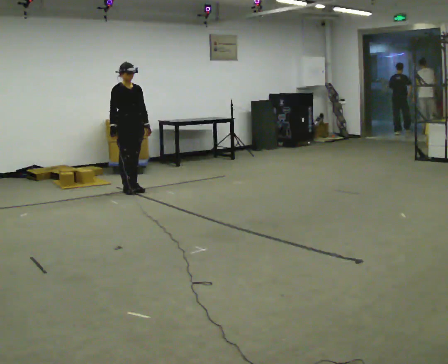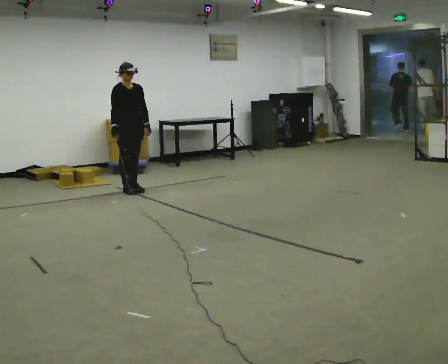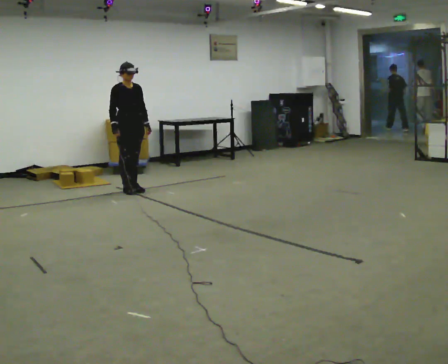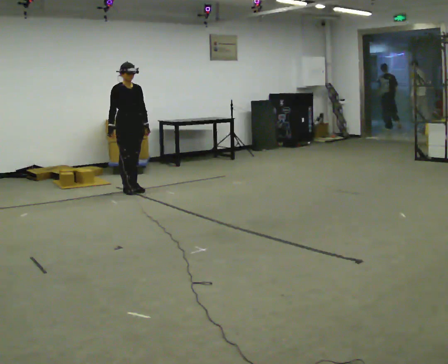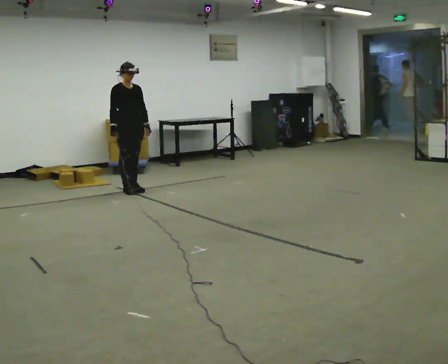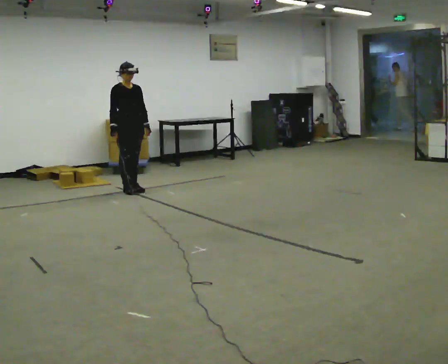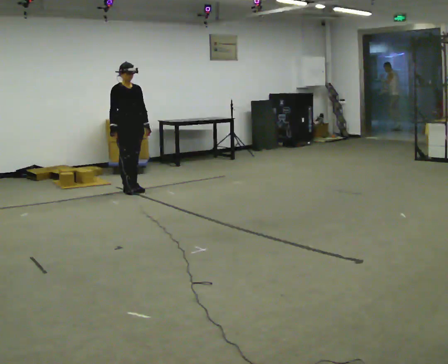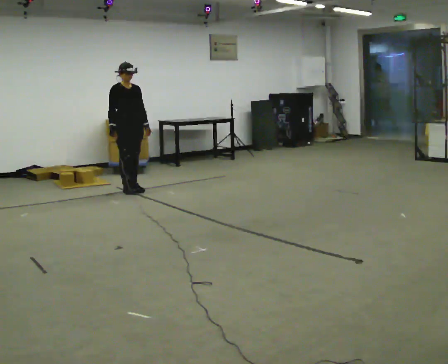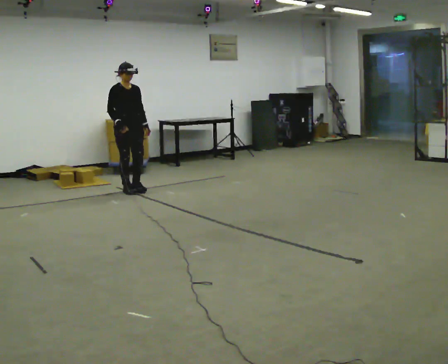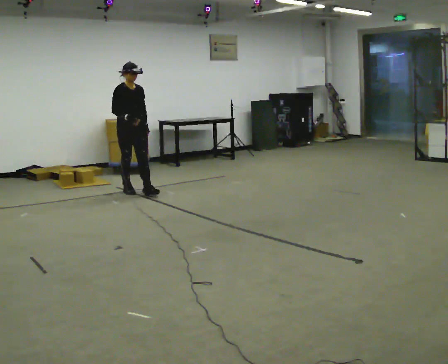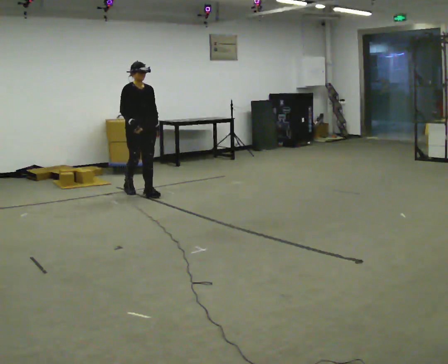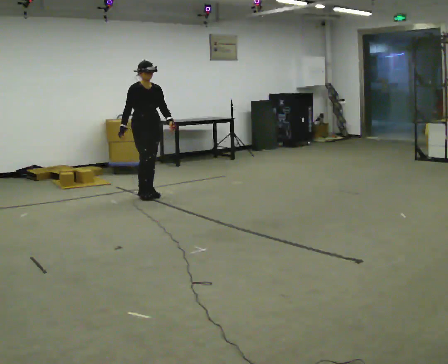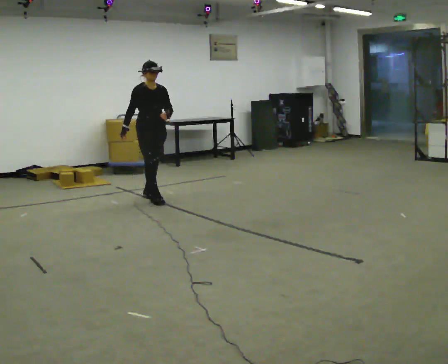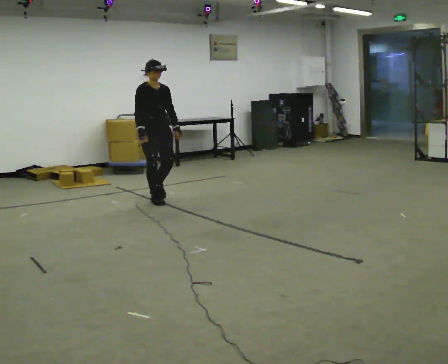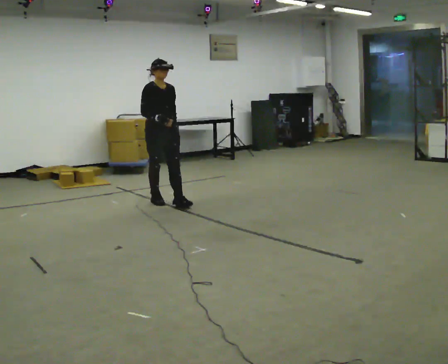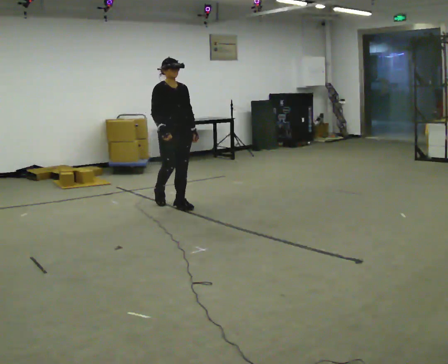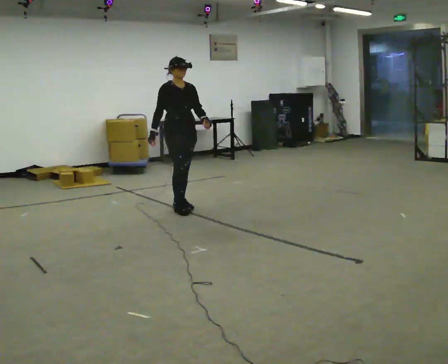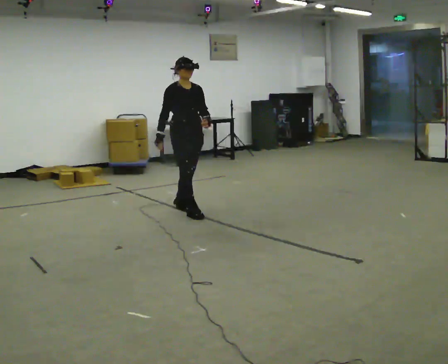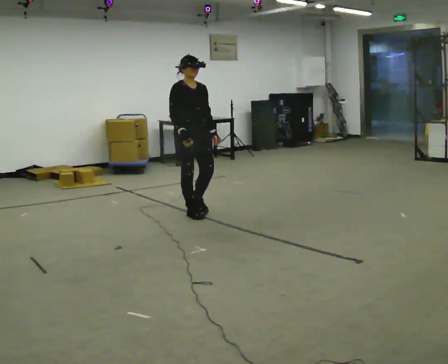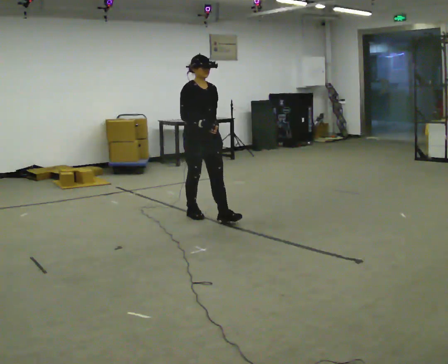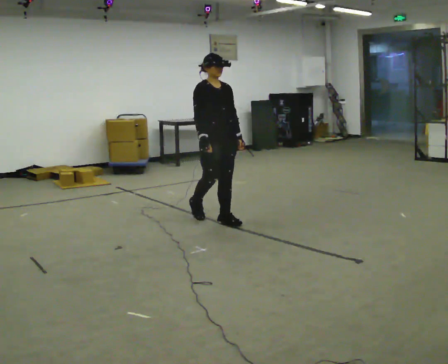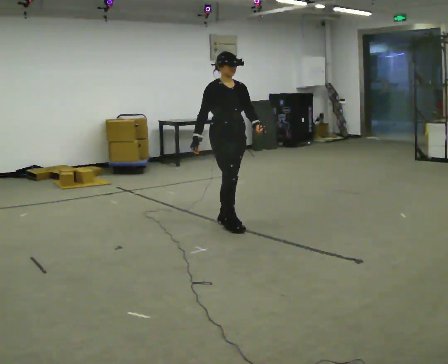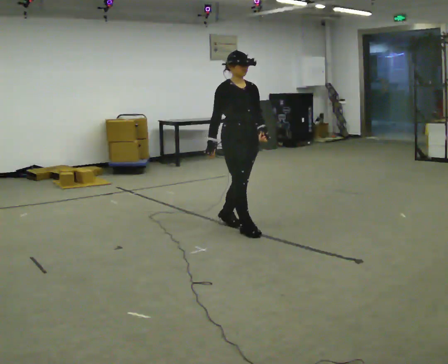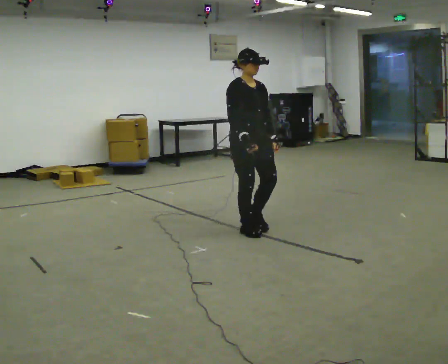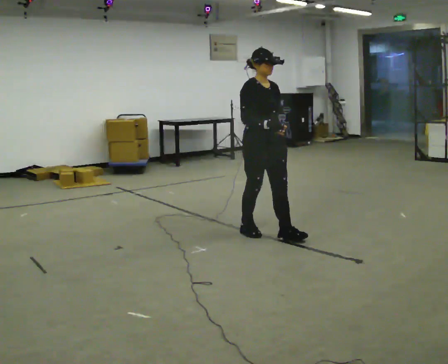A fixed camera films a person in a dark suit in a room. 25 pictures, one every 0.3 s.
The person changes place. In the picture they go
toward the camera.
0.0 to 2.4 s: The person moves a little, or ends about where they began.
2.4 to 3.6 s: In the picture they go toward the camera and to the right, about 0.5 m in 2 steps, which for them is forward.
3.6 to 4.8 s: In the picture they go toward the camera and to the right, about 0.5 m in 1 step, which for them is forward.
4.8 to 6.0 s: In the picture they go toward the camera and to the right, about 0.75 m in 2 steps, which for them is forward.
6.0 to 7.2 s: In the picture they go toward the camera and to the right, about 0.75 m in 2 steps, which for them is forward.
The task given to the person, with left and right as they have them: Walk forward noticeably slower than normal; do not shuffle; stop.
The film runs forward here.
